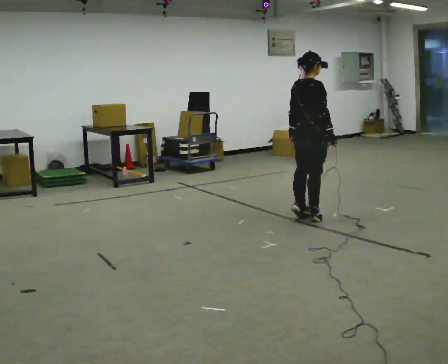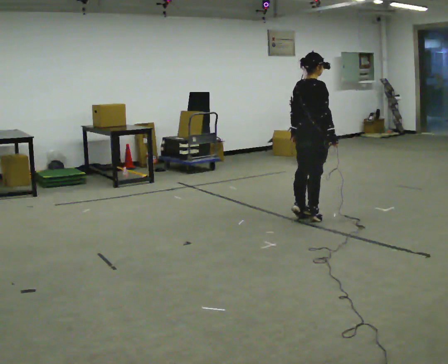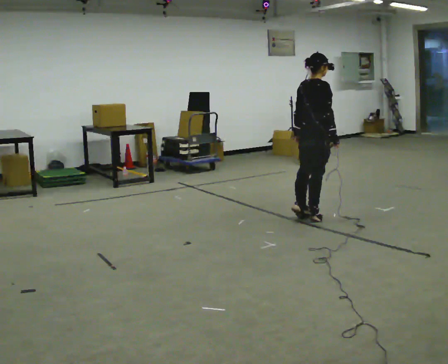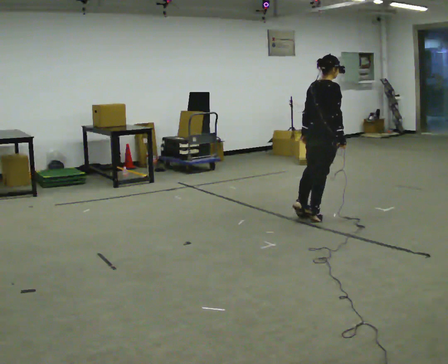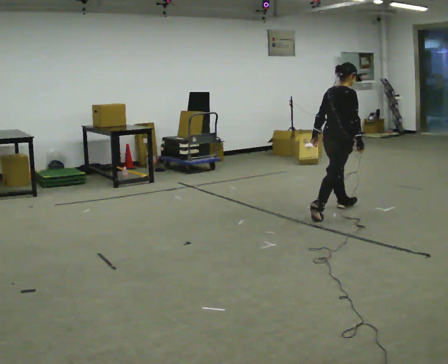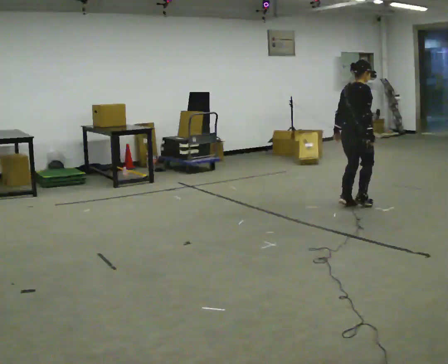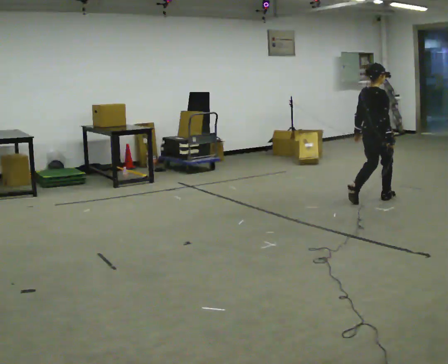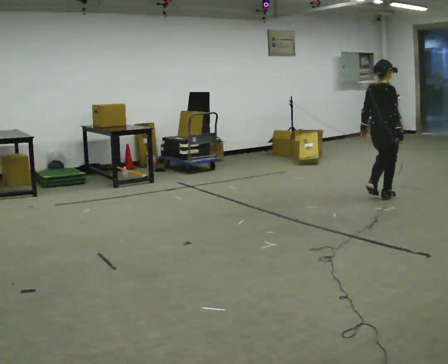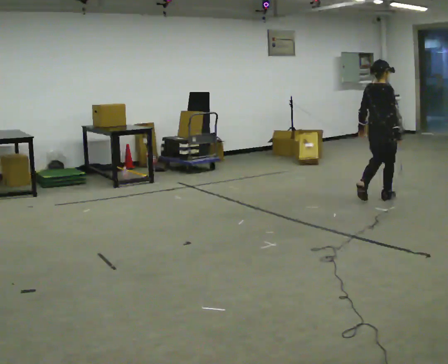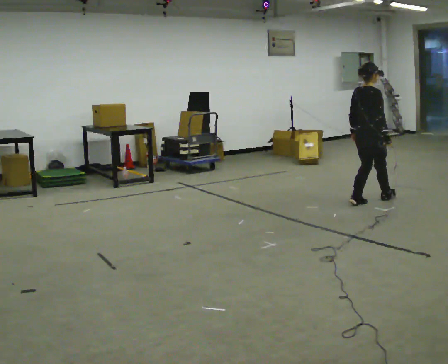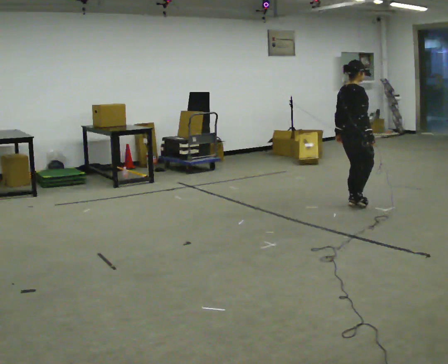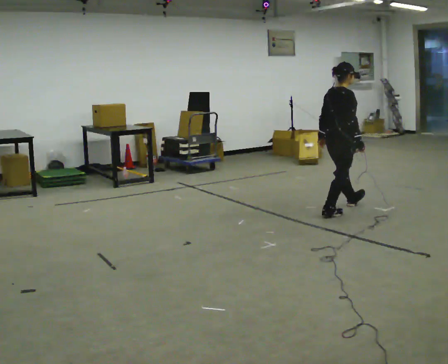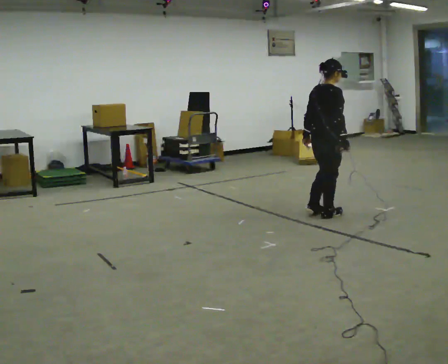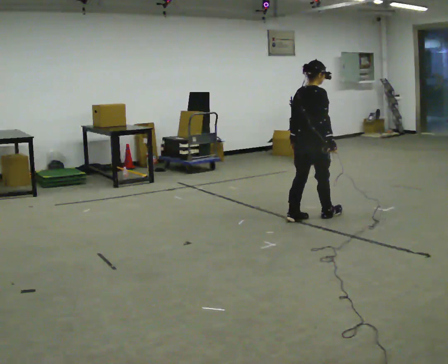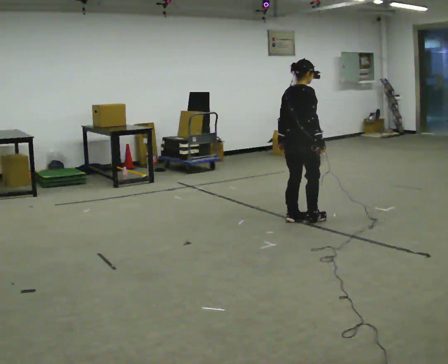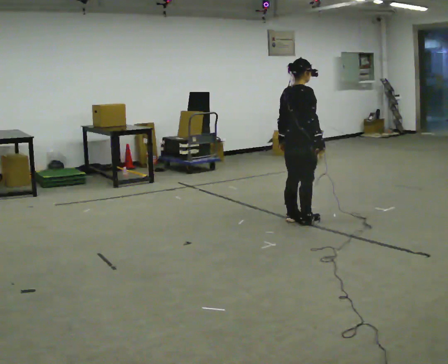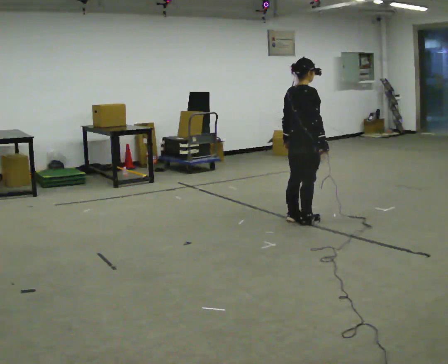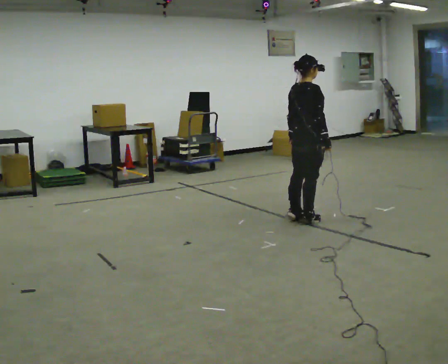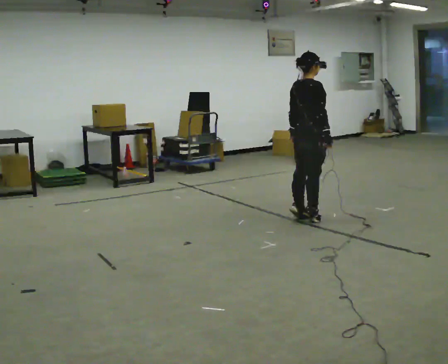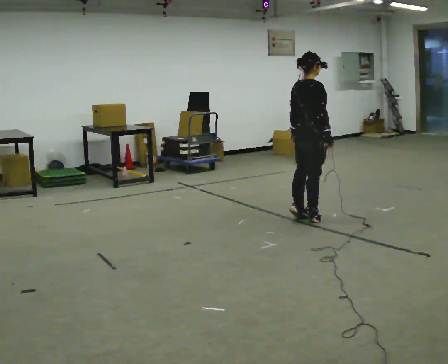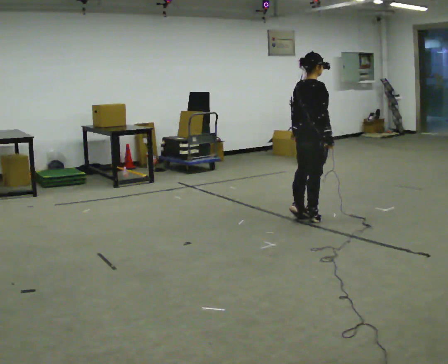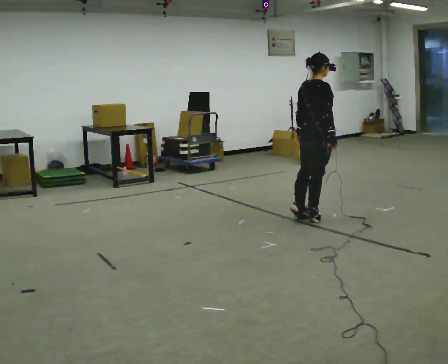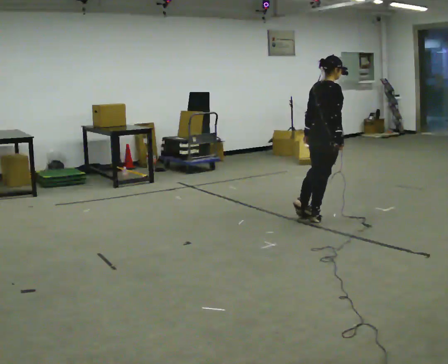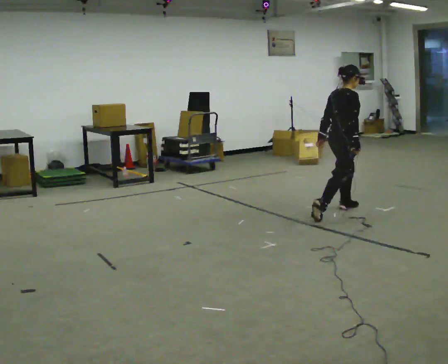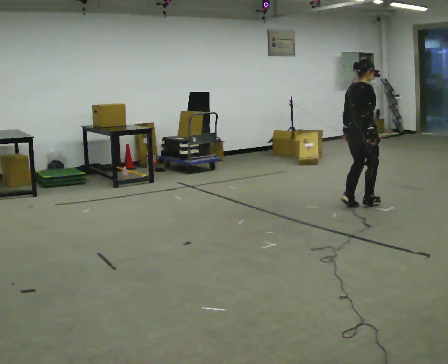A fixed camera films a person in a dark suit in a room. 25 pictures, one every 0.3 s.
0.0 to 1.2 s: In the picture they go away from the camera and to the right, about 0.5 m, which for them is forward.
1.2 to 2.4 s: In the picture they go to the right and away from the camera, about 0.5 m in 3 steps, which for them is forward.
2.4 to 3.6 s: In the picture they go toward the camera and to the left, about 1 m in 2 steps, which for them is backward.
3.6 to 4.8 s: In the picture they go to the left, about 0.25 m in 2 steps, which for them is backward.
4.8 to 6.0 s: The person moves a little, or ends about where they began.
6.0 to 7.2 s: In the picture they go away from the camera and to the right, about 0.5 m in 1 step, which for them is forward.
The film runs forward here.
